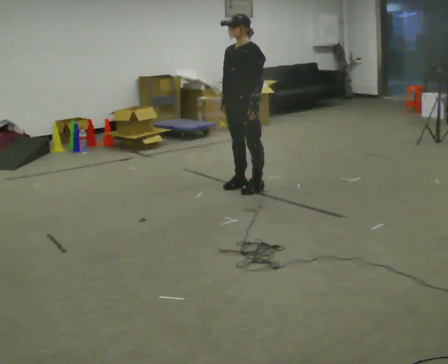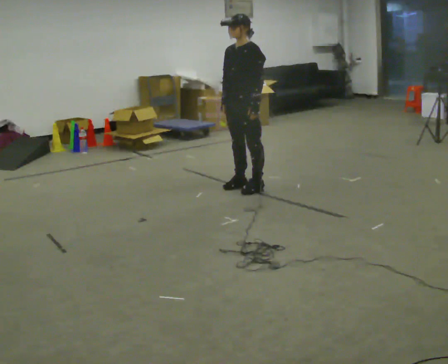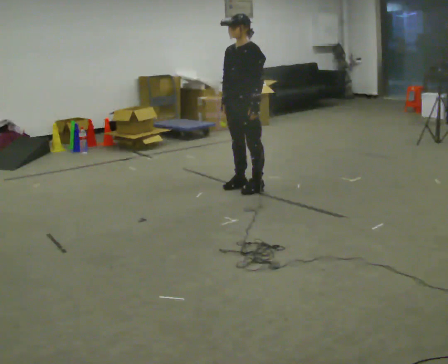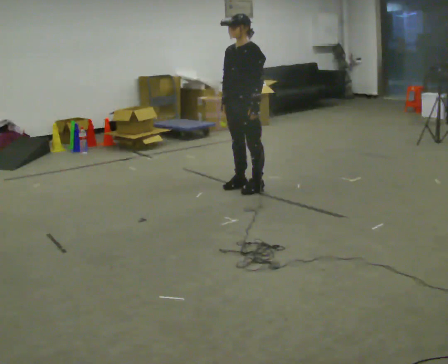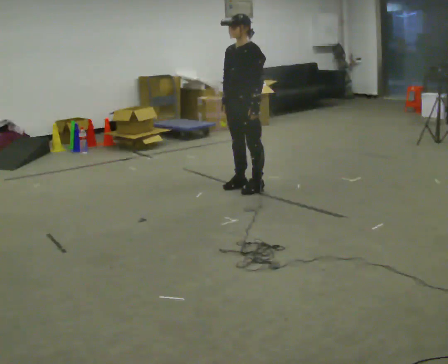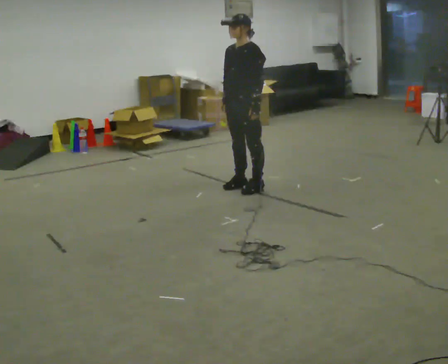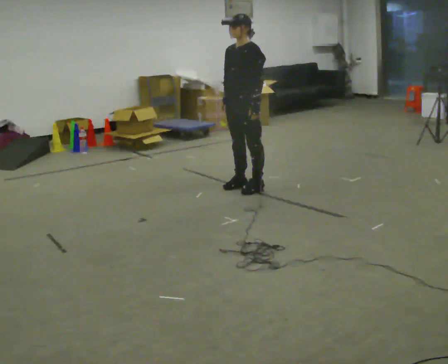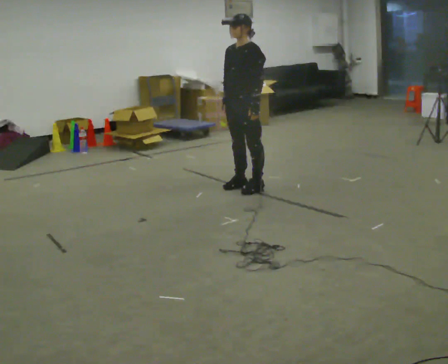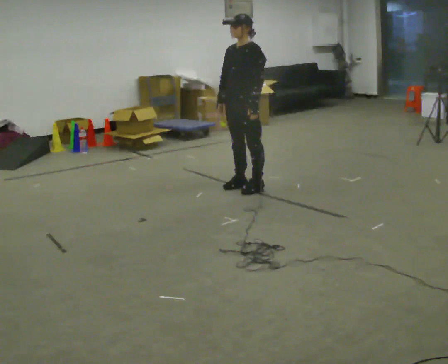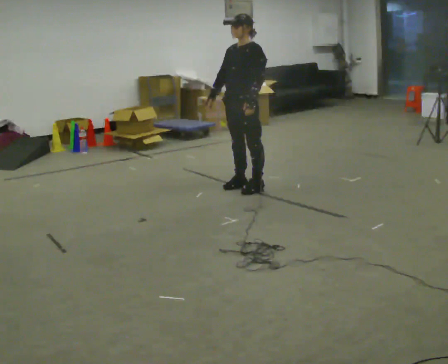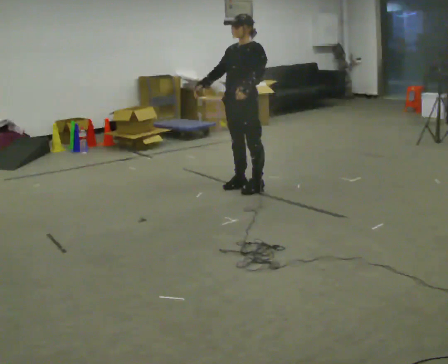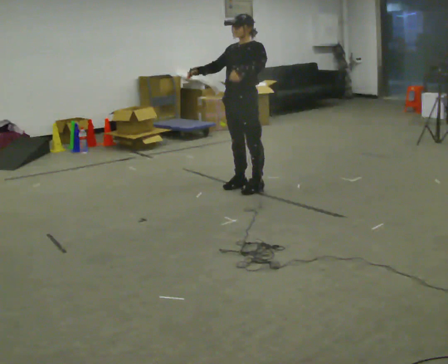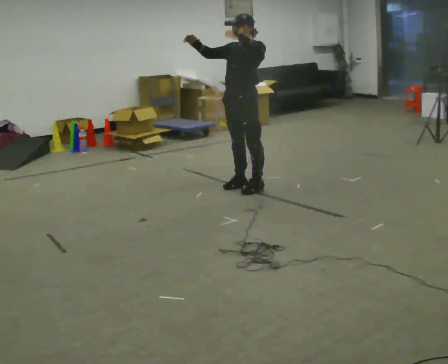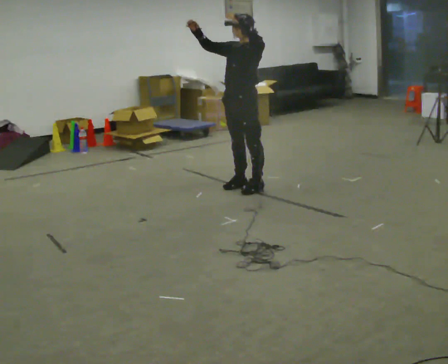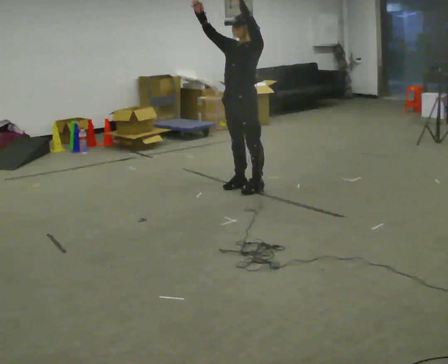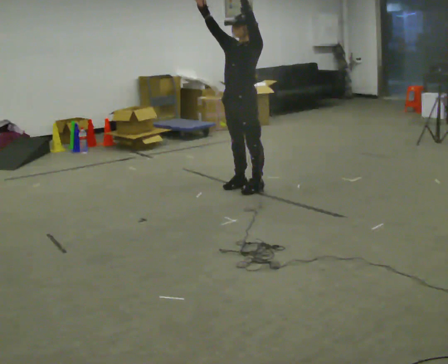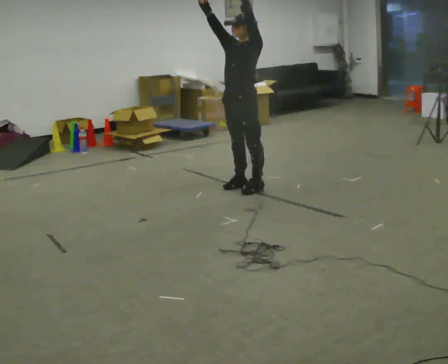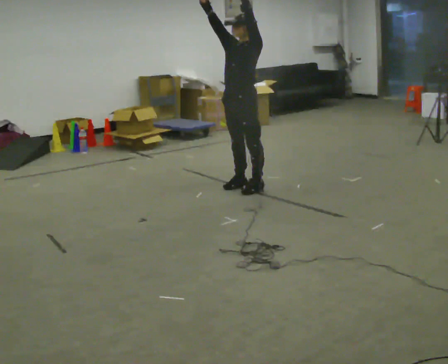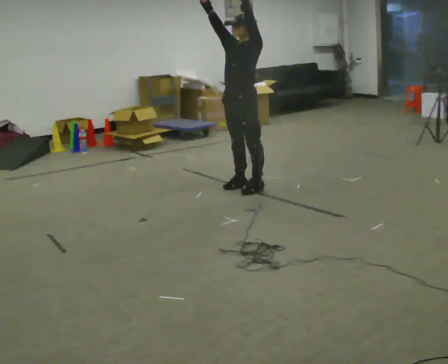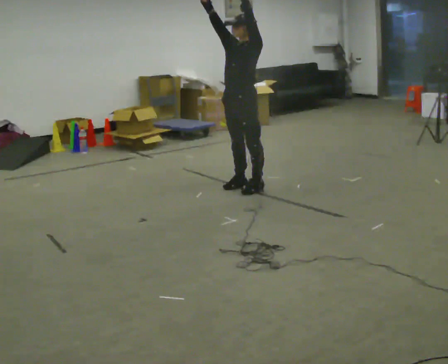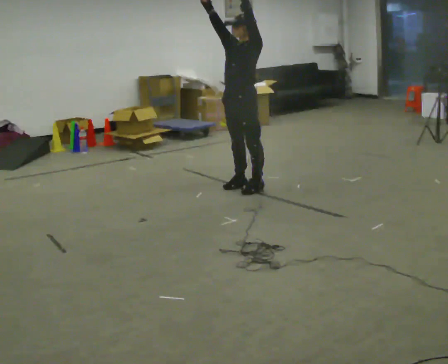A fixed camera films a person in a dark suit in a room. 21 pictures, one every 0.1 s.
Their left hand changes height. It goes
upward.
Their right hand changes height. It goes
upward.
0.0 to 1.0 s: The person moves a little, or ends about where they began.
1.0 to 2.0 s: In the picture their right hand goes upward, the arm swinging clockwise.
The film runs backward here.
